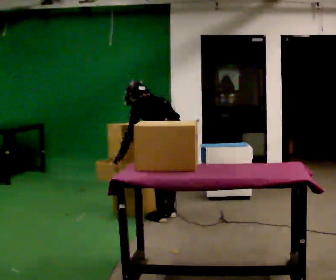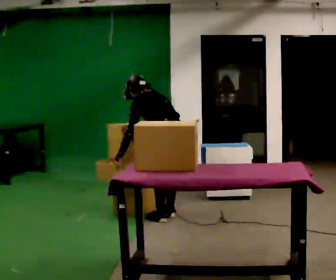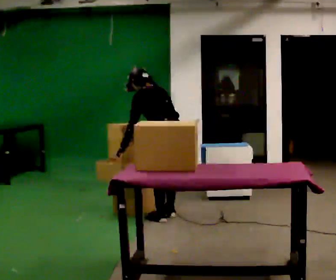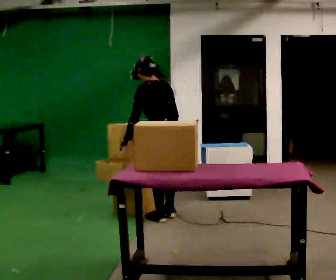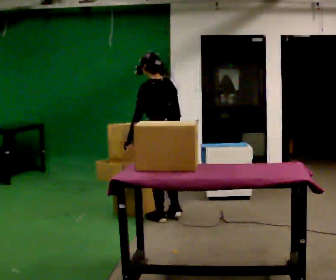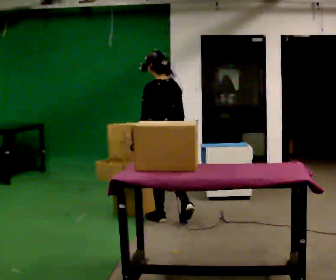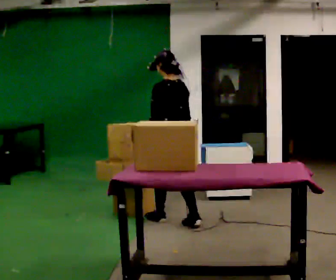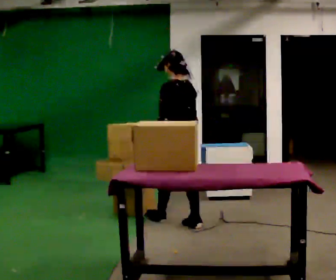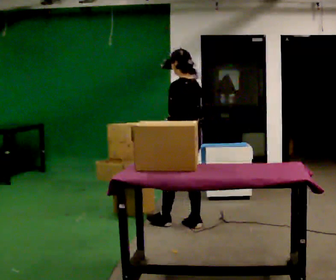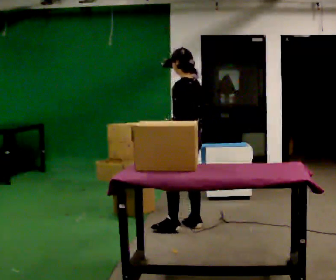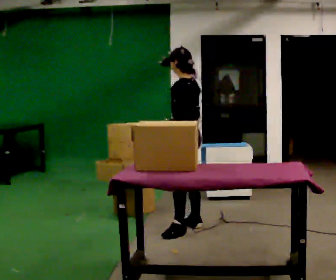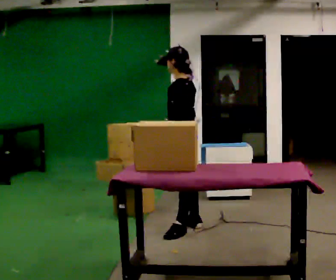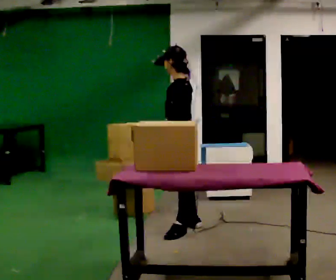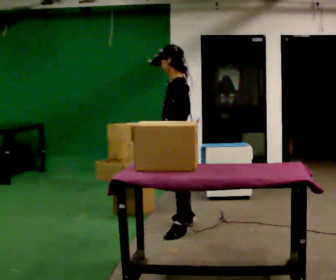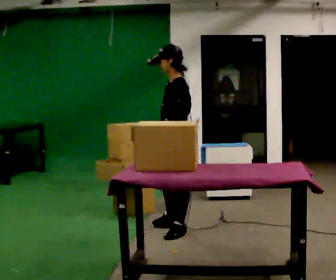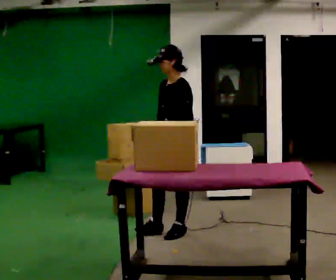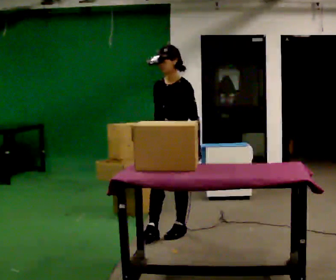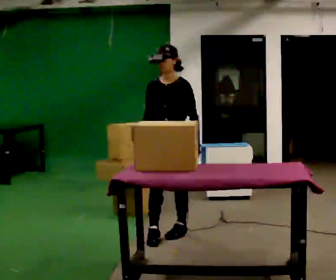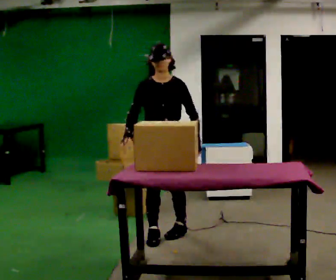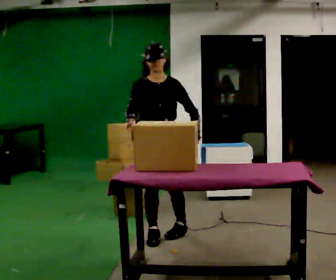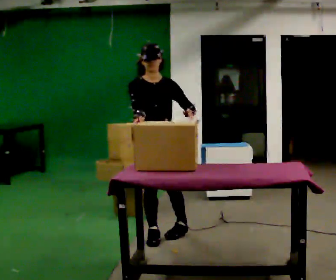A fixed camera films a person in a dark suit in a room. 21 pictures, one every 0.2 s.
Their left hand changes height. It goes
upward.
The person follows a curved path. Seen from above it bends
clockwise.
0.0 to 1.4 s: The upper body goes upward. In the picture the upper body tilts clockwise, shoulders to the right, as they lean back or straighten. In the picture their left hand goes to the right.
1.4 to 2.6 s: The part of the body nearest the lens slides to the right as the person turns to their left by about 45 degrees. In the picture they go toward the camera, about 0.25 m in 2 steps, which for them is to their left and backward.
2.6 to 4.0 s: Seen from above the body turns counterclockwise, about 105 degrees: to their left, with its near side sliding to the right. In the picture they go to the left and toward the camera, about 0.25 m.
The film runs backward here.
